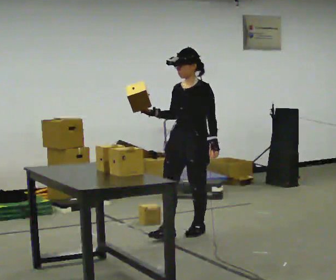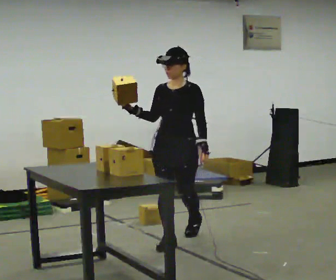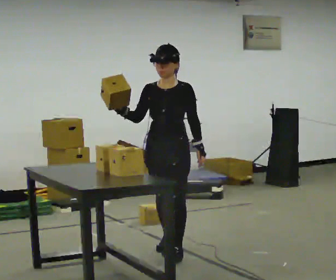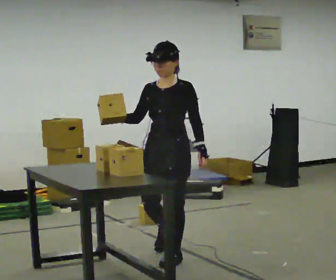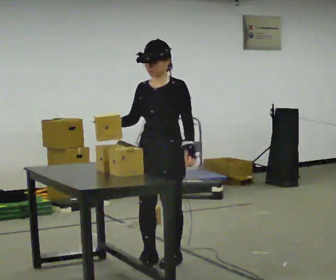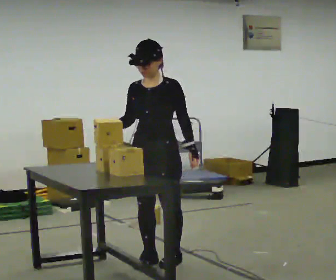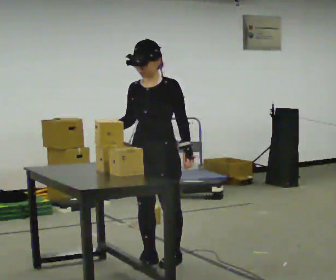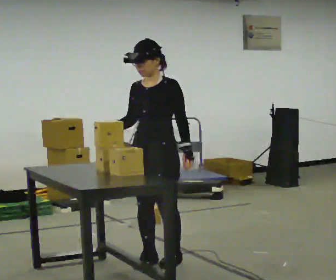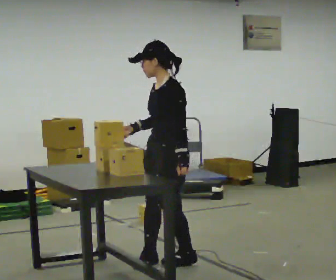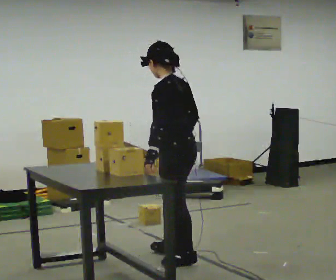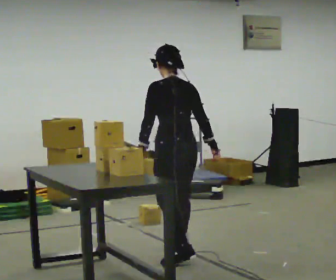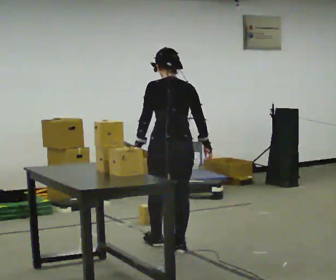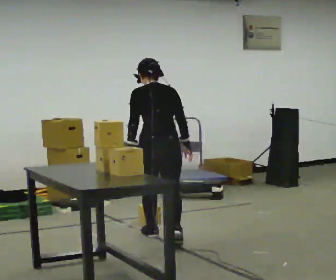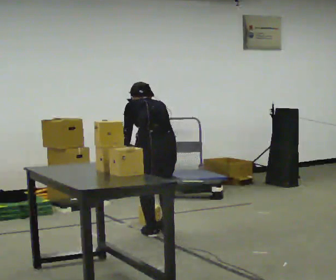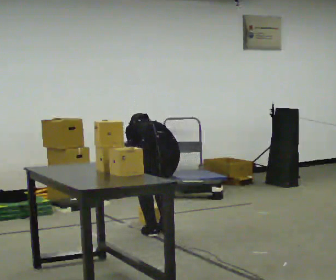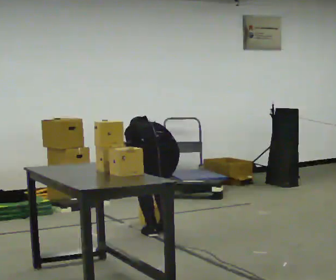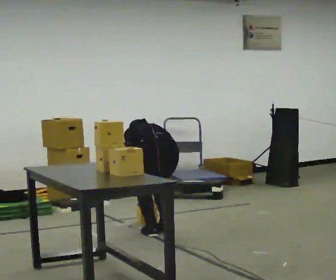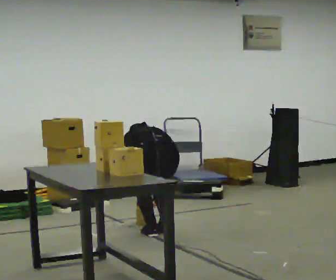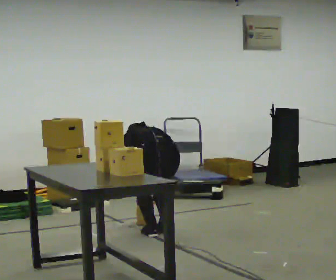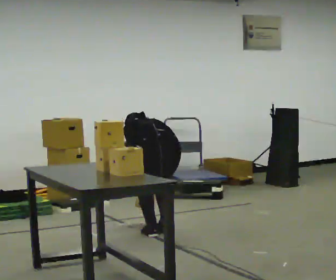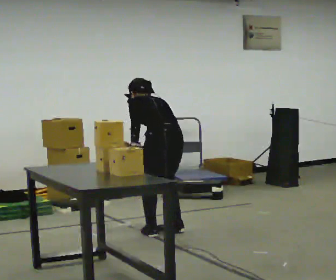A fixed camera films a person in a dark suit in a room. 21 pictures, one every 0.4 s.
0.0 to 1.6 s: In the picture they go toward the camera, about 1 m in 3 steps, which for them is forward.
1.6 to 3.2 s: The person turns about 45 degrees to their right, clockwise seen from above, so the part of the body nearest the lens slides to the left.
3.2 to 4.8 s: The person turns about 105 degrees to their right, clockwise seen from above, so the part of the body nearest the lens slides to the left. In the picture they go away from the camera, about 0.75 m in 2 steps. The upper body tips away from the camera, its near side rolling upward.
4.8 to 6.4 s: In the picture they go away from the camera, about 0.25 m in 1 step, which for them is forward. The upper body goes downward. The upper body tips away from the camera, its near side rolling upward, as they bend forward.
6.4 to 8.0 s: The upper body goes upward. The upper body tips toward the camera, its near side rolling downward, as they lean back or straighten.
The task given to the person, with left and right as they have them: Pick the object up off the floor using only the hand the operator calls, then carry it to the table in that same hand. Keep going until the operator says stop; one object at a time, and do not rush between trips.
The film runs forward here.
